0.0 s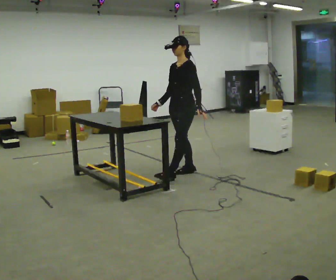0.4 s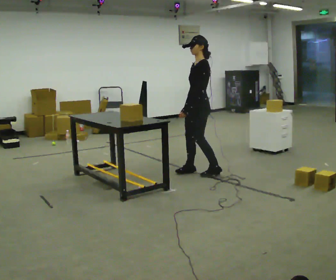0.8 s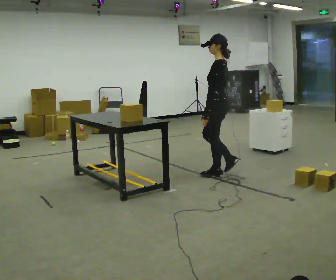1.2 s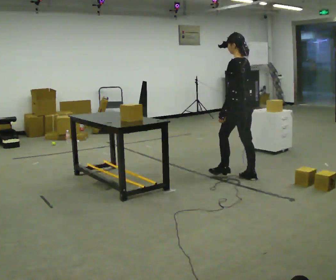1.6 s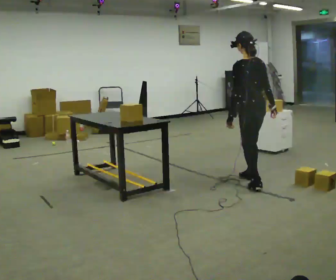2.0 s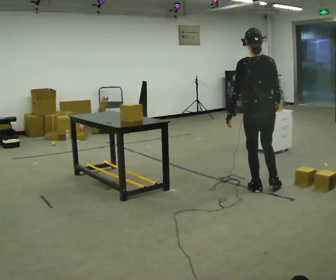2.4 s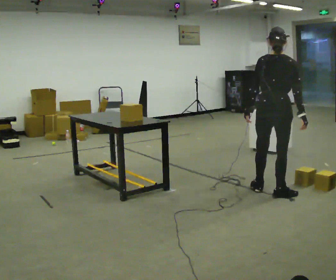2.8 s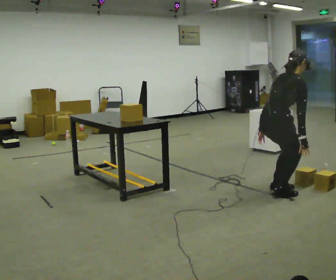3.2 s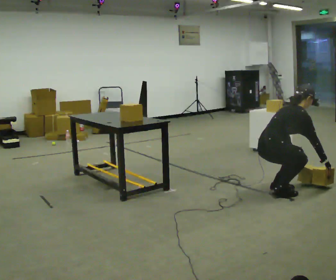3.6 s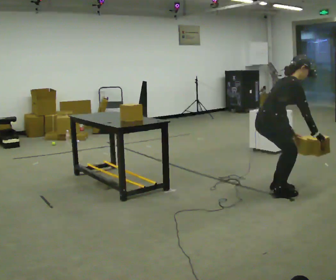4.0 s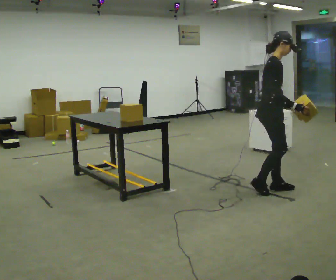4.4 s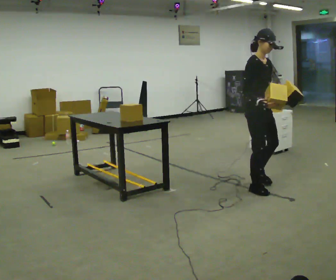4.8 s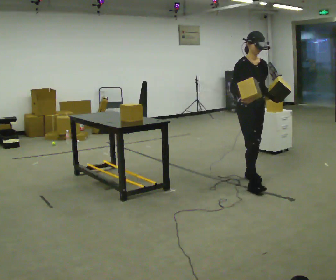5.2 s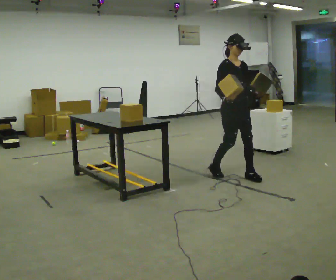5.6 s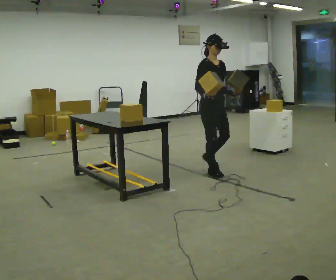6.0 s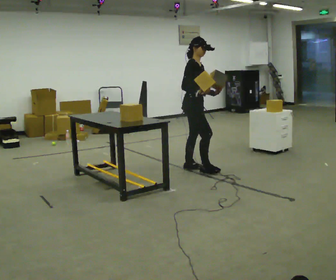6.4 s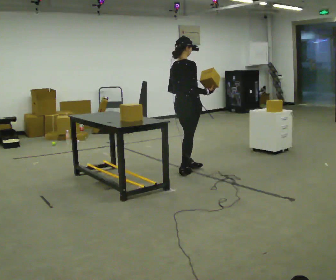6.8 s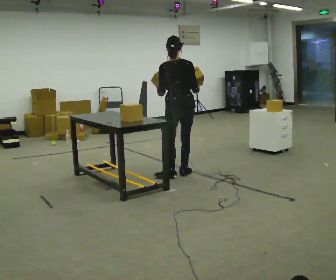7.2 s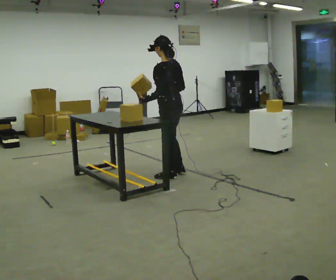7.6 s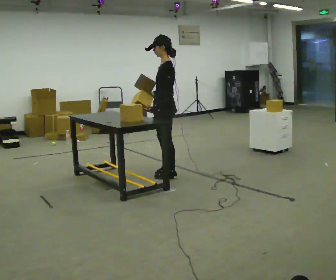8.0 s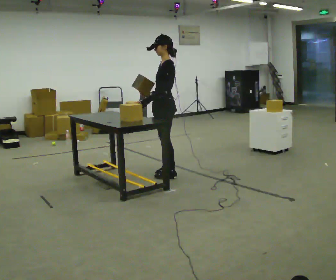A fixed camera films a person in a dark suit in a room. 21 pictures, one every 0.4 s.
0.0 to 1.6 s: The person turns about 90 degrees to their right, clockwise seen from above, so the part of the body nearest the lens slides to the left. In the picture they go to the right, about 1 m in 2 steps.
1.6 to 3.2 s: Seen from above the body turns clockwise, about 105 degrees: to their right, with its near side sliding to the left. In the picture they go toward the camera and to the right, about 0.5 m in 1 step. The shoulders move downward. In the picture the upper body tilts clockwise, shoulders to the right, as they bend forward. In the picture their left hand goes downward.
3.2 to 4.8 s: The person turns about 75 degrees to their right, clockwise seen from above, so the part of the body nearest the lens slides to the left. In the picture they go away from the camera and to the left, about 0.5 m in 3 steps. The upper body goes upward. In the picture the upper body tilts counterclockwise, shoulders to the left, as they lean back or straighten. In the picture their right hand goes upward, the arm swinging clockwise.
4.8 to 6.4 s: The person turns about 105 degrees to their left, counterclockwise seen from above, so the part of the body nearest the lens slides to the right. In the picture they go to the left and away from the camera, about 1 m in 3 steps.
6.4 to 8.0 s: The person turns about 150 degrees to their left, counterclockwise seen from above, so the part of the body nearest the lens slides to the right. In the picture they go to the left, about 0.25 m in 1 step. In the picture their right hand goes to the left, the arm swinging clockwise.
The film runs backward here.
